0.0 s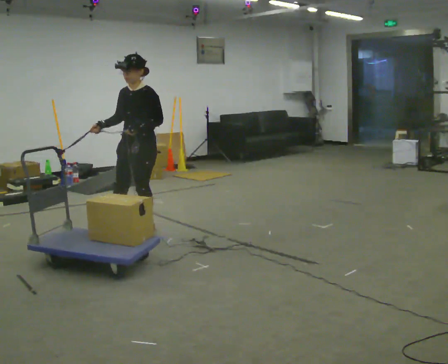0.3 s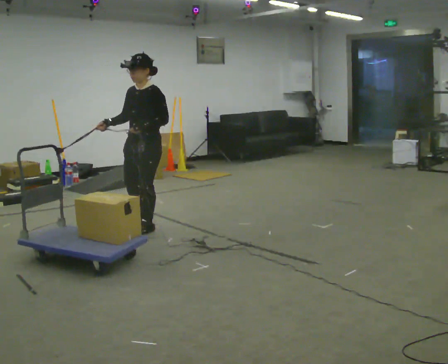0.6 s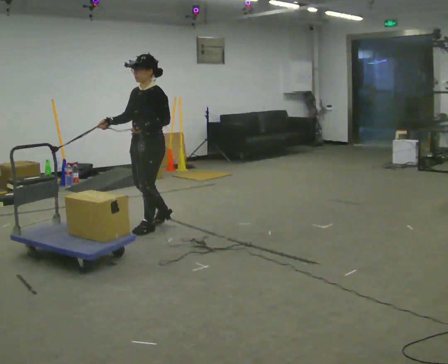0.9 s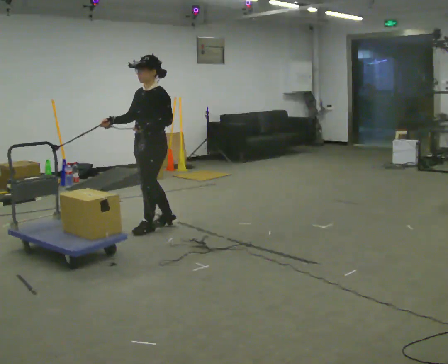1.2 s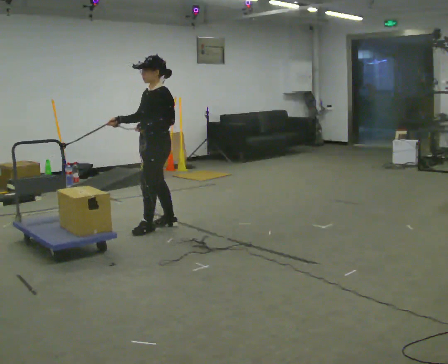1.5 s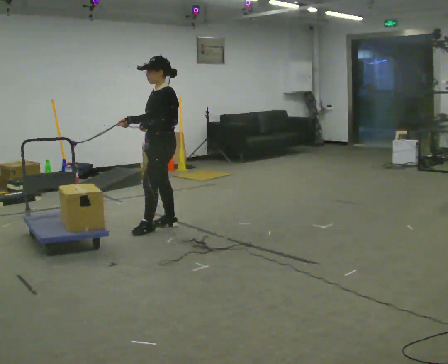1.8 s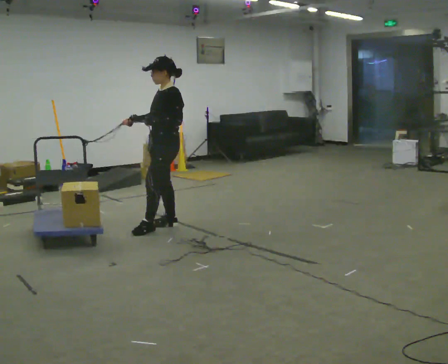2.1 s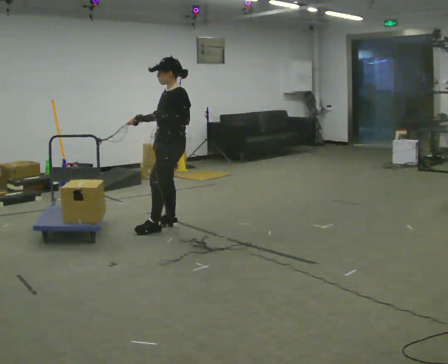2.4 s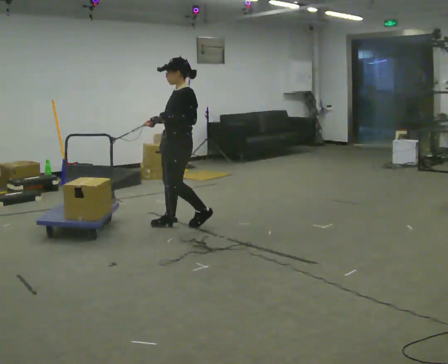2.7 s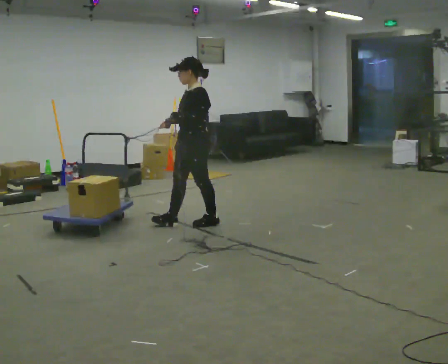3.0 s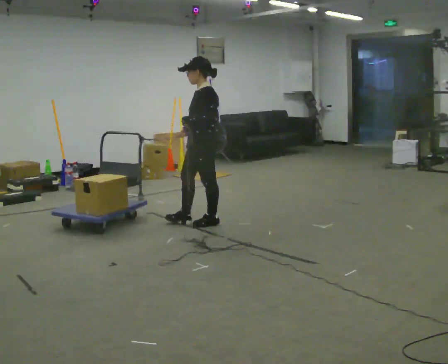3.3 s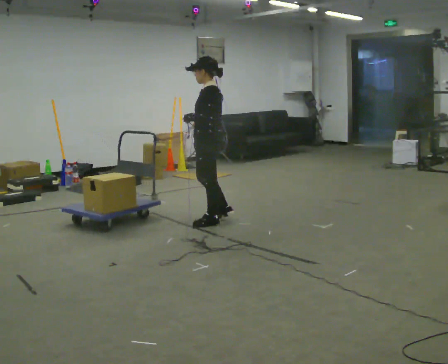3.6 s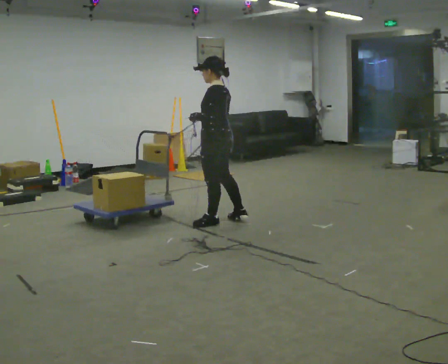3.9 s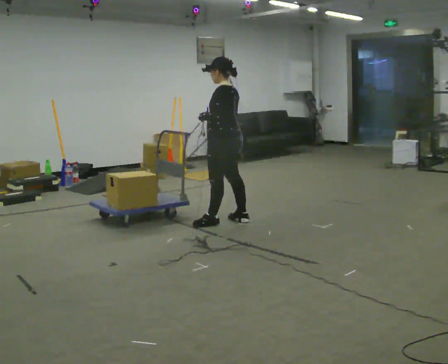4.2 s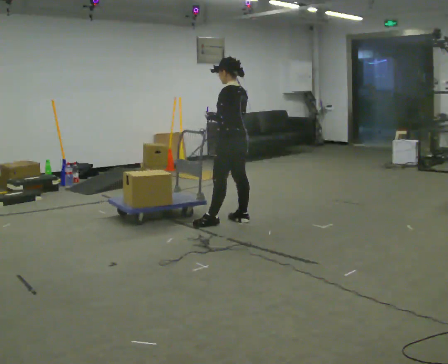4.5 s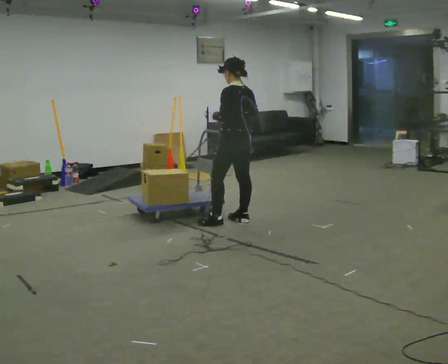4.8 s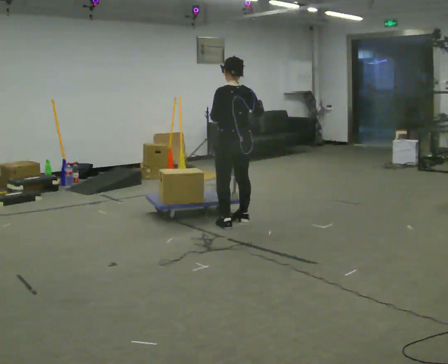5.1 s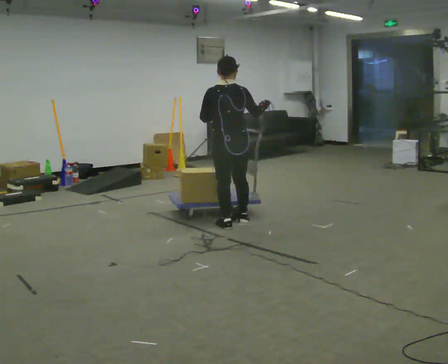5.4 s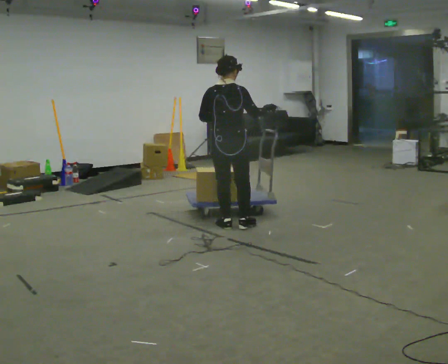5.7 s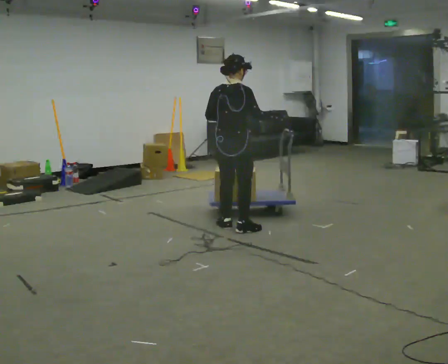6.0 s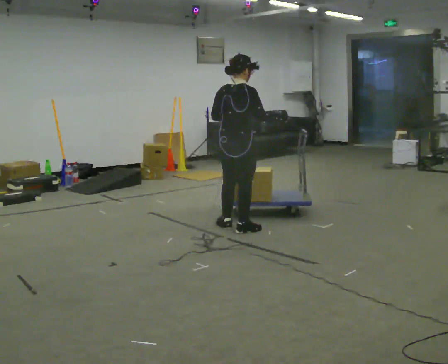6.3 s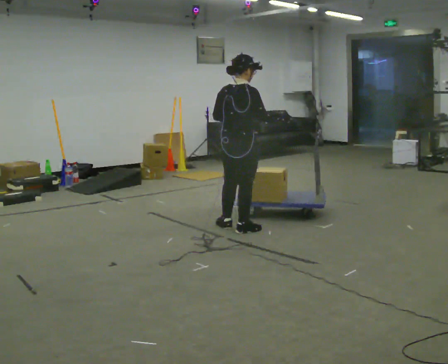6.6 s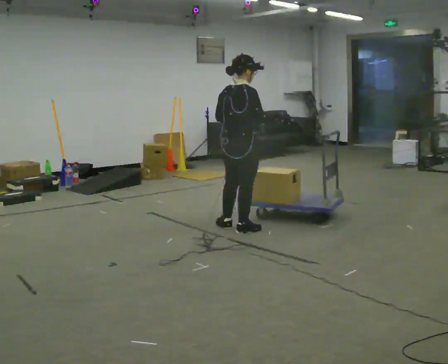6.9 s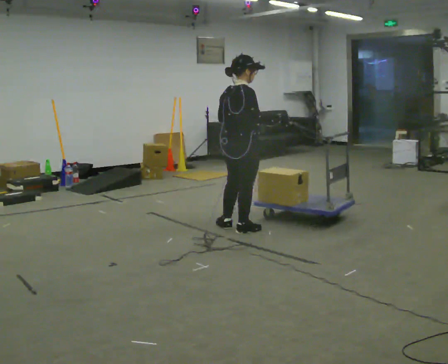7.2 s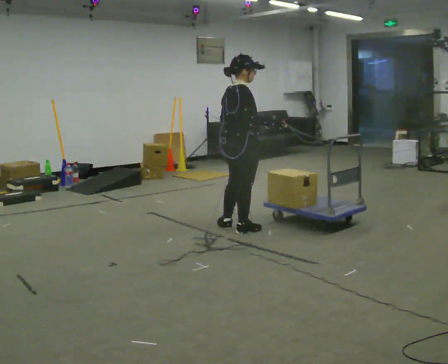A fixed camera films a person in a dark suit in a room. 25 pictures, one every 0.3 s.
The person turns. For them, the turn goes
to their right.
The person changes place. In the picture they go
to the right.
0.0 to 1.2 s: The part of the body nearest the lens slides to the left as the person turns to their right by about 30 degrees.
1.2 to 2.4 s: In the picture they go to the right, about 0.25 m, which for them is backward. In the picture their right hand goes to the right.
2.4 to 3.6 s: Seen from above the body turns clockwise, about 45 degrees: to their right, with its near side sliding to the left. In the picture they go to the right, about 0.25 m in 2 steps, which for them is backward.
3.6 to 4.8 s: The person turns about 45 degrees to their right, clockwise seen from above, so the part of the body nearest the lens slides to the left. In the picture they go to the right, about 0.25 m in 1 step, which for them is backward. In the picture their right hand goes to the right.
4.8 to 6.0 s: The person turns about 60 degrees to their right, clockwise seen from above, so the part of the body nearest the lens slides to the left. In the picture they go toward the camera, about 0.25 m in 1 step.
6.0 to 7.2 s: The part of the body nearest the lens slides to the left as the person turns to their right by about 30 degrees.
The film runs forward here.
